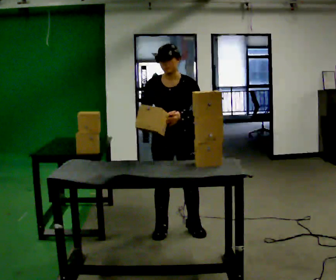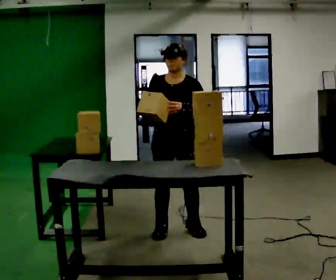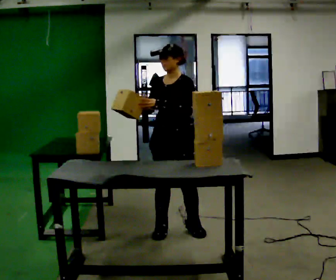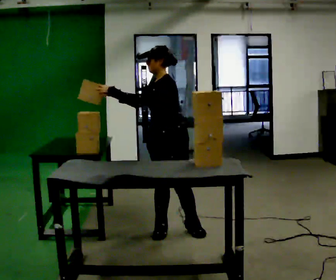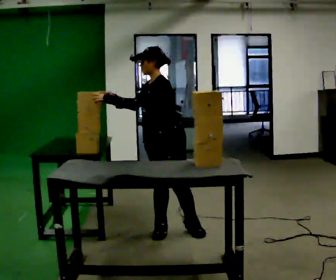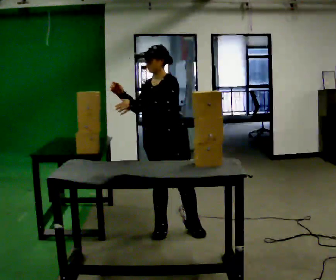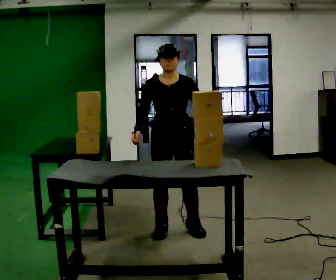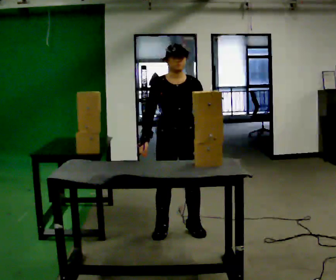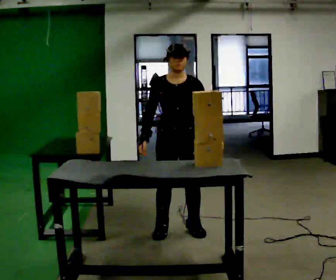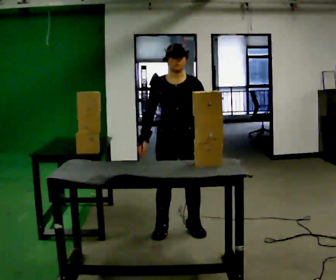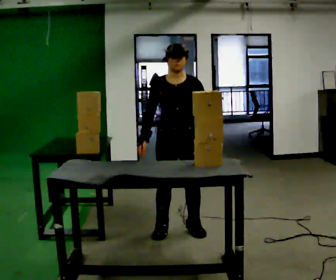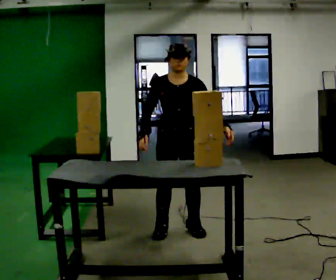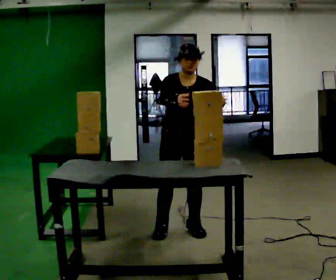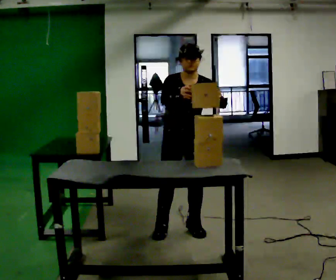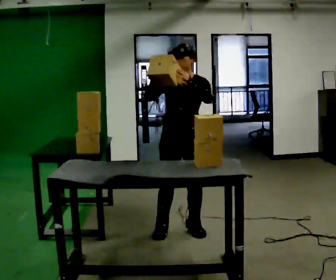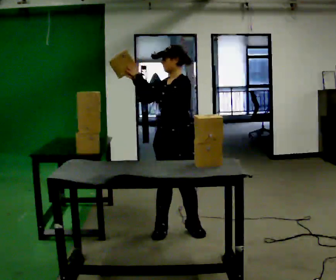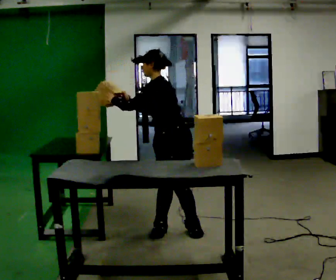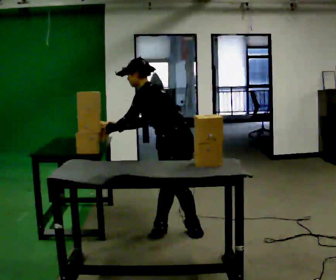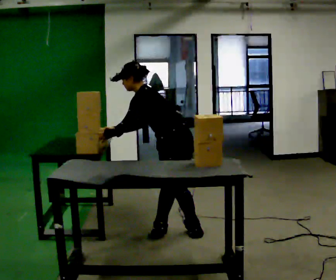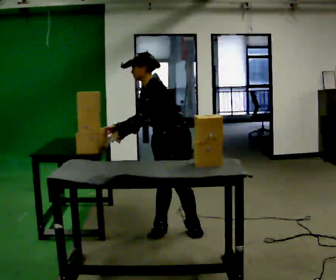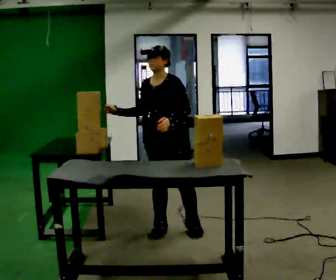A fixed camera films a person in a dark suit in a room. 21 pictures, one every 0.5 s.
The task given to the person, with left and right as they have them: Move the objects one at a time between the far targets the operator calls, without moving your feet. Repeat at your own pace until the operator says stop. Keep both feet on the marked spots for the whole take. If you have to step, stop and tell the operator.
0.0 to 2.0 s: The person turns about 45 degrees to their right, clockwise seen from above, so the part of the body nearest the lens slides to the left. In the picture their left hand goes to the left.
2.0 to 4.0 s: The part of the body nearest the lens slides to the right as the person turns to their left by about 60 degrees. In the picture their left hand goes to the right.
4.0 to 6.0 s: In the picture their right hand goes upward.
6.0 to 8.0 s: The person turns about 75 degrees to their right, clockwise seen from above, so the part of the body nearest the lens slides to the left. In the picture the upper body tilts counterclockwise, shoulders to the left. In the picture their right hand goes to the left.
8.0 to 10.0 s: The part of the body nearest the lens slides to the right as the person turns to their left by about 45 degrees. In the picture their left hand goes to the right.
The film runs forward here.
